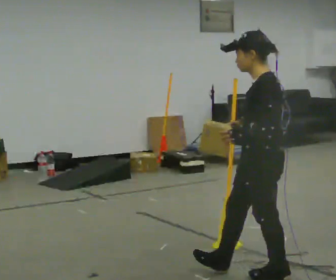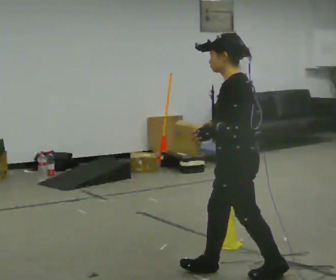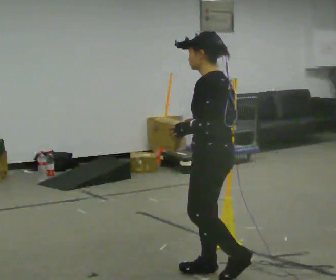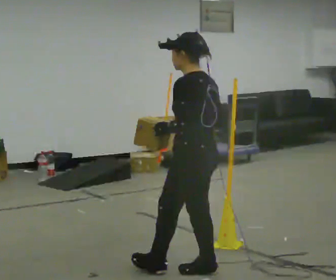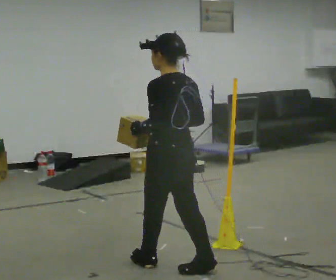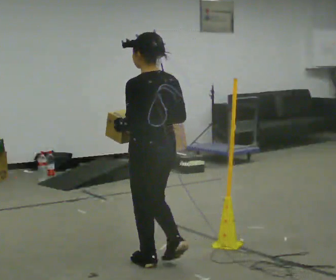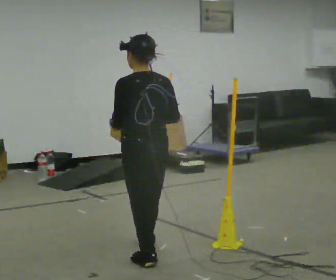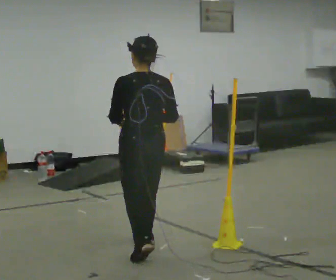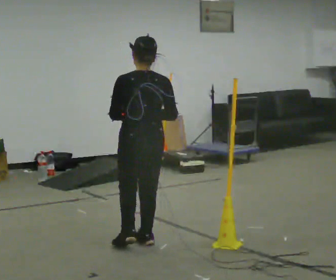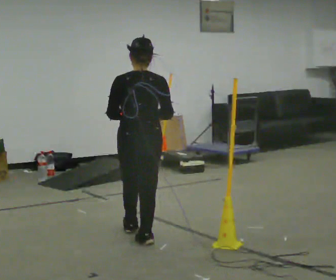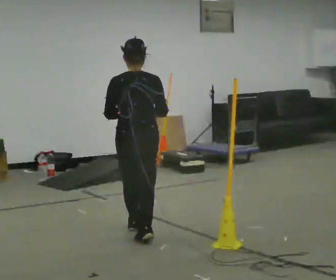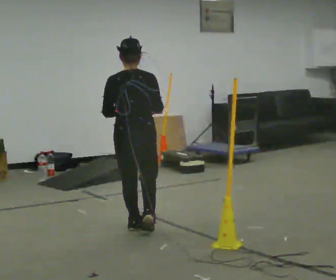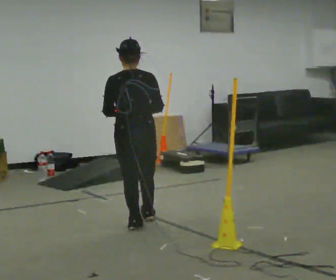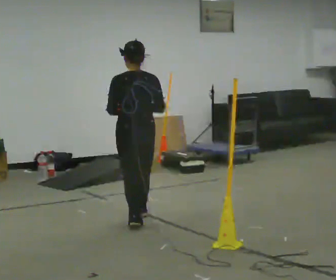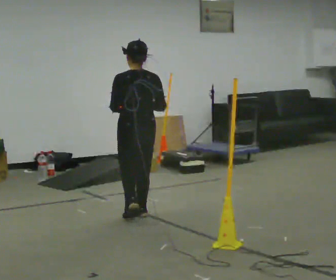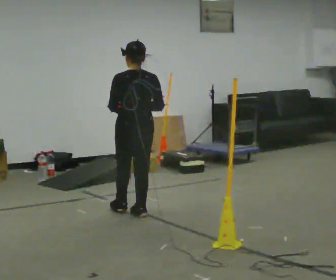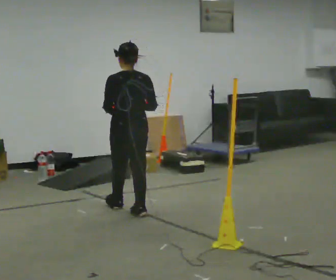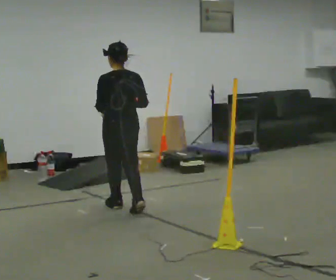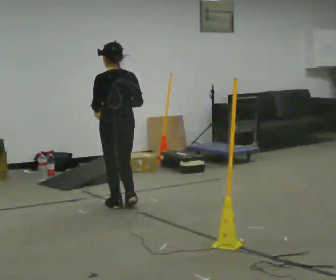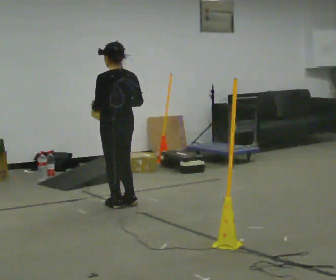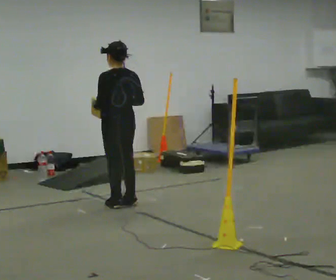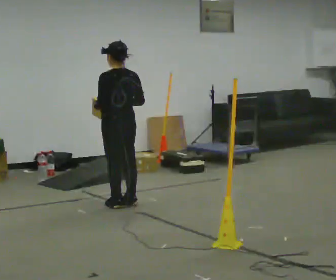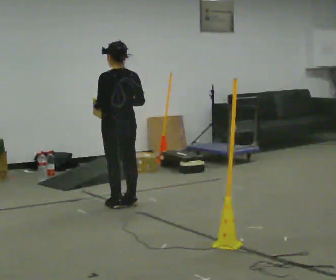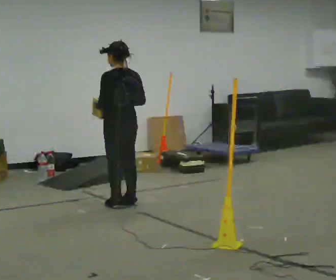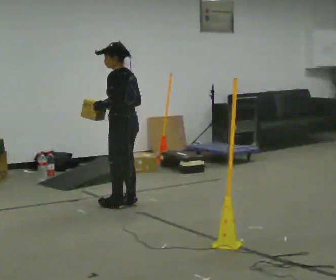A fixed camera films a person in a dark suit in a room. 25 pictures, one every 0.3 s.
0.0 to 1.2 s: The part of the body nearest the lens slides to the left as the person turns to their right by about 30 degrees. In the picture they go to the left and away from the camera, about 0.5 m in 2 steps, which for them is forward.
1.2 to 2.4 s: The person turns about 45 degrees to their right, clockwise seen from above, so the part of the body nearest the lens slides to the left. In the picture they go away from the camera, about 0.5 m in 1 step, which for them is forward.
2.4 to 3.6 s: In the picture they go away from the camera, about 0.5 m in 1 step, which for them is forward.
3.6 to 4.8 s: In the picture they go away from the camera, about 0.5 m in 2 steps, which for them is forward.
4.8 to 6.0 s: In the picture they go away from the camera, about 0.25 m in 1 step, which for them is forward.
6.0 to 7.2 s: The part of the body nearest the lens slides to the right as the person turns to their left by about 30 degrees.
The film runs forward here.
